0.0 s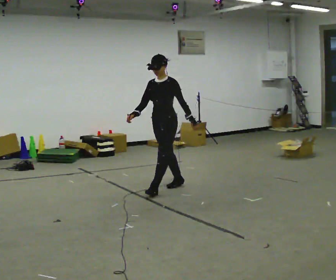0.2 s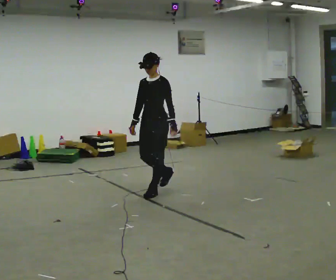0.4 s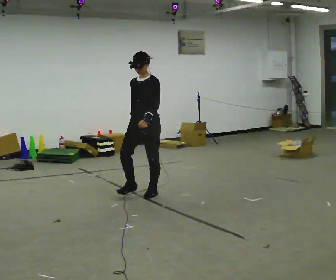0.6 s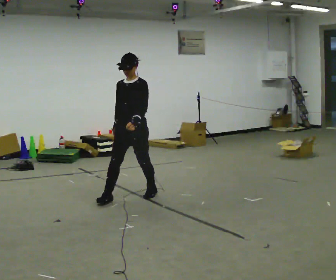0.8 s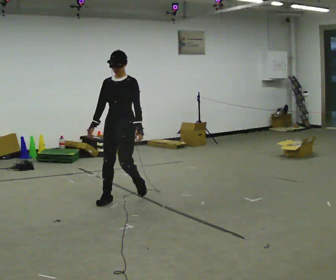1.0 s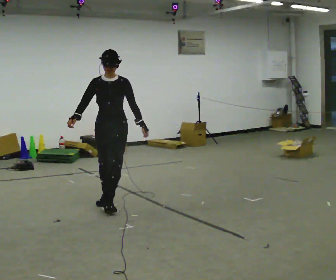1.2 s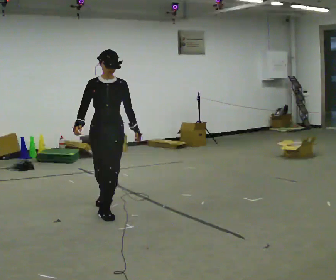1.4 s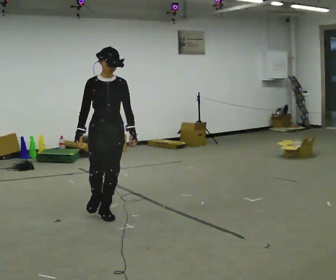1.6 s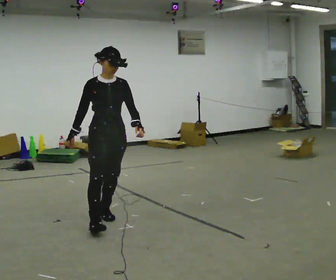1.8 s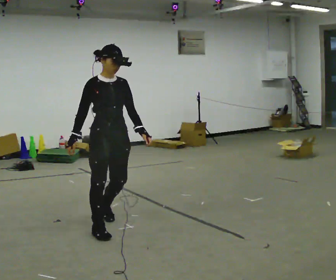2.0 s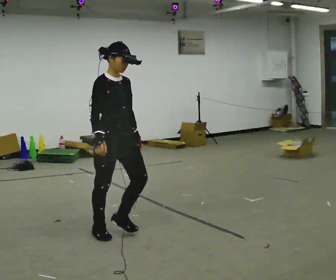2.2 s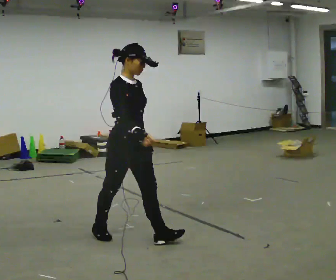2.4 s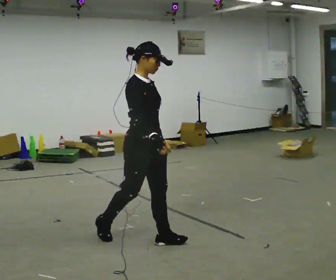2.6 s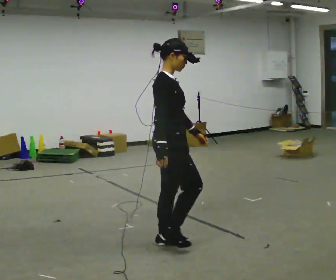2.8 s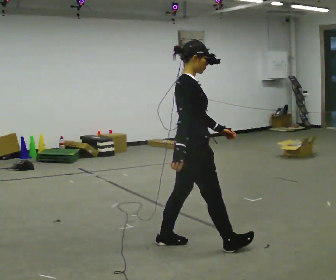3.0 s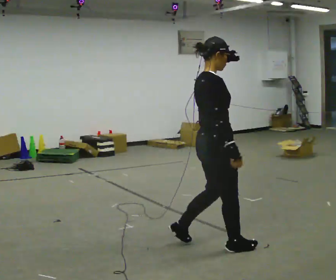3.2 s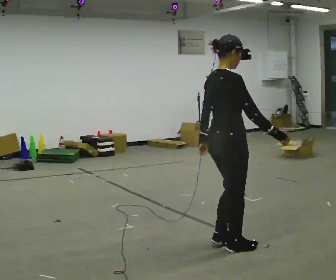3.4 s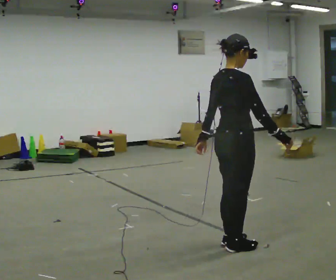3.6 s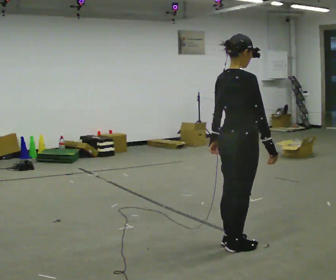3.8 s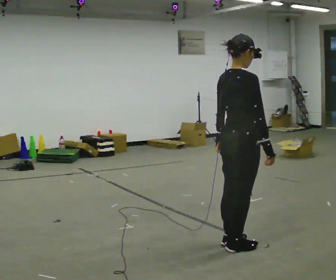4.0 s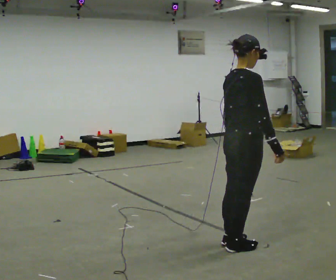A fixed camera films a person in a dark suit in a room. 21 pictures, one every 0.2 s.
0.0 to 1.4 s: The person turns about 60 degrees to their left, counterclockwise seen from above, so the part of the body nearest the lens slides to the right. In the picture they go toward the camera and to the left, about 1 m in 2 steps, which for them is forward.
1.4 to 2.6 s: The part of the body nearest the lens slides to the right as the person turns to their left by about 75 degrees. In the picture they go toward the camera and to the right, about 1 m in 2 steps.
2.6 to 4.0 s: Seen from above the body turns counterclockwise, about 30 degrees: to their left, with its near side sliding to the right. In the picture they go to the right, about 0.5 m in 2 steps, which for them is forward and to their right.
The film runs forward here.
